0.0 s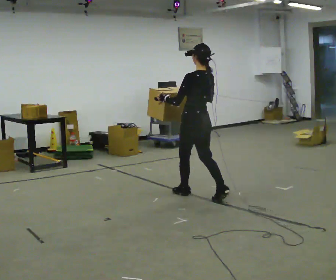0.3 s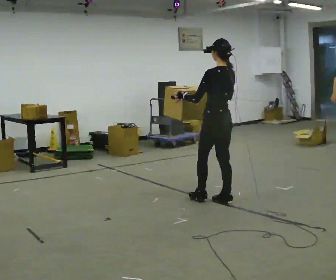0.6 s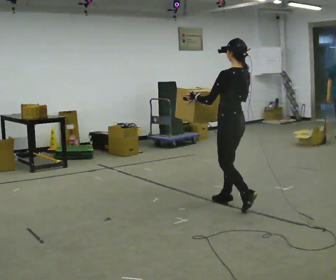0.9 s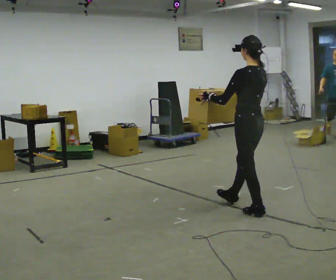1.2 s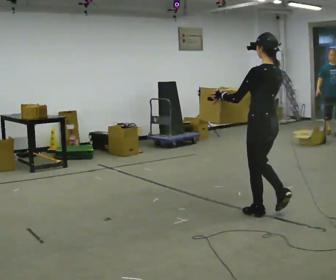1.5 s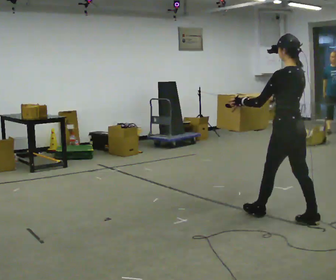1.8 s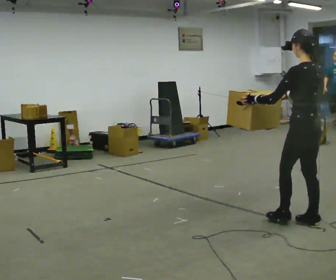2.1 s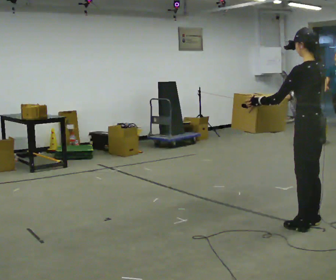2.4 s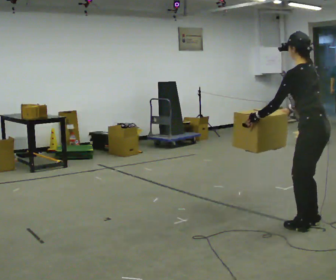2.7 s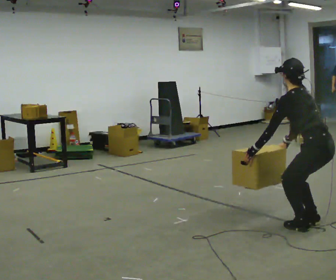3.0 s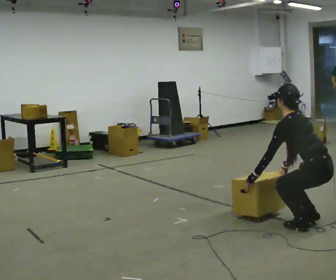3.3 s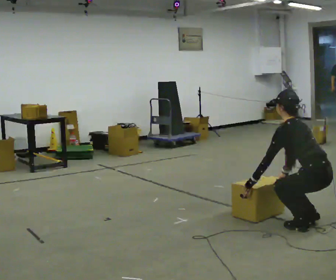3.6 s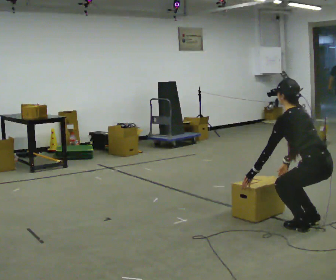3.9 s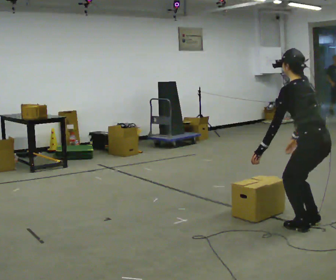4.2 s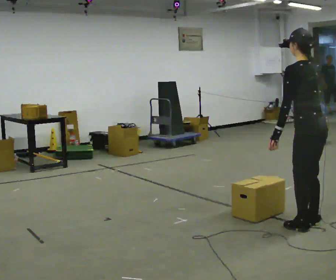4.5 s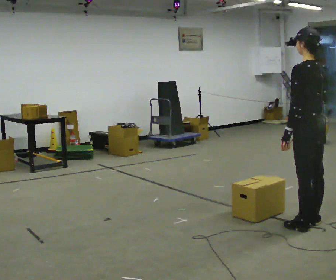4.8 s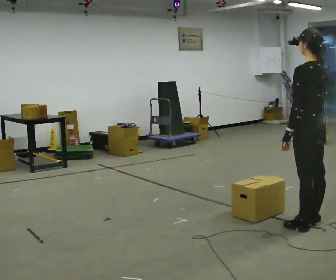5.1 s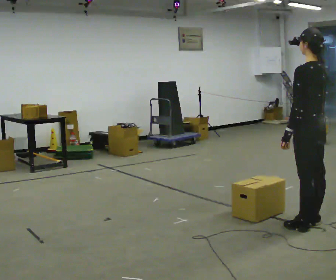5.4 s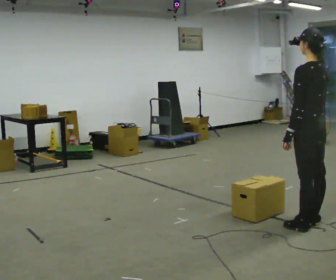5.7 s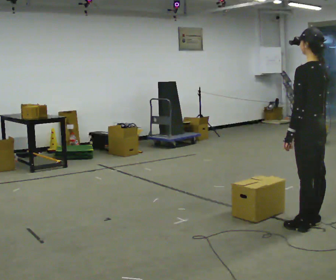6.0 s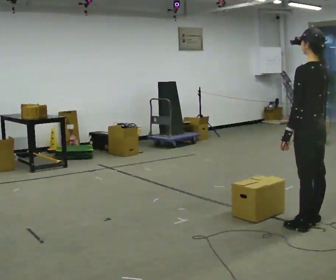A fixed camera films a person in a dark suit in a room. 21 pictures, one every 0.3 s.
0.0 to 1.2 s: In the picture they go toward the camera and to the right, about 1 m in 2 steps, which for them is backward.
1.2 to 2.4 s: In the picture they go to the right and toward the camera, about 0.5 m in 1 step, which for them is backward. In the picture the upper body tilts counterclockwise, shoulders to the left, as they bend forward.
2.4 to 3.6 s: The shoulders move downward. In the picture the upper body tilts counterclockwise, shoulders to the left, as they bend forward. In the picture their right hand goes downward.
3.6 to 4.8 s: The upper body goes upward. In the picture the upper body tilts clockwise, shoulders to the right, as they lean back or straighten. In the picture their left hand goes upward.
4.8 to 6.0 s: The person keeps their place and pose.
The film runs backward here.
